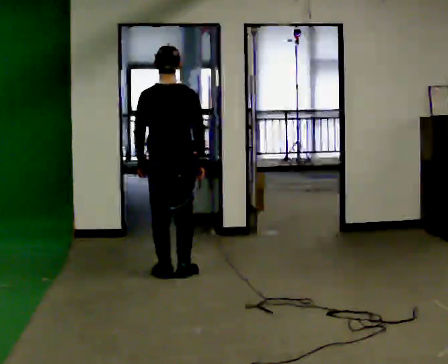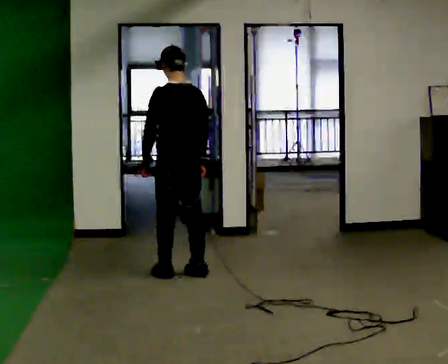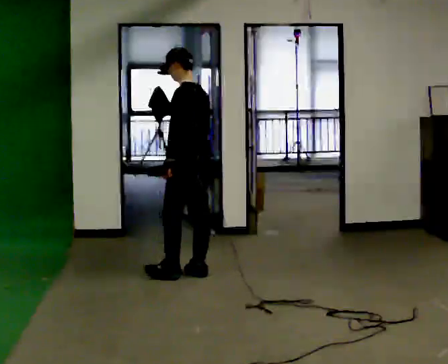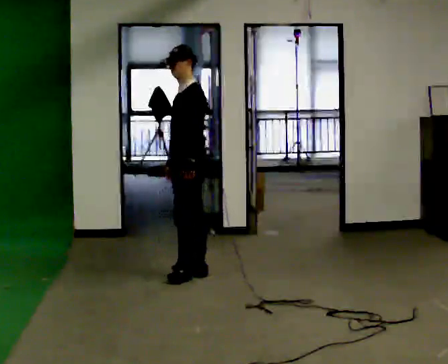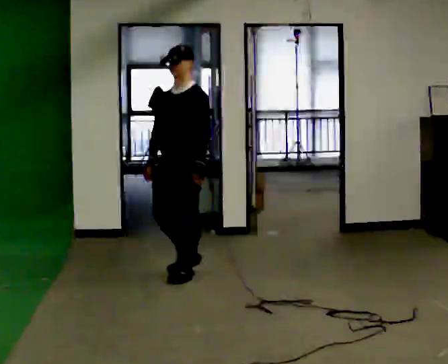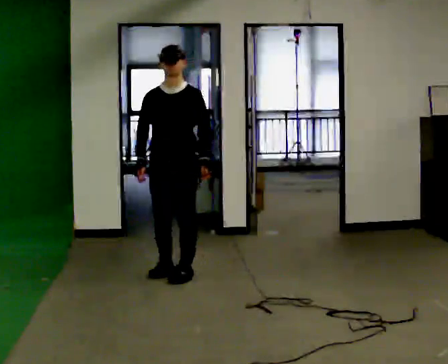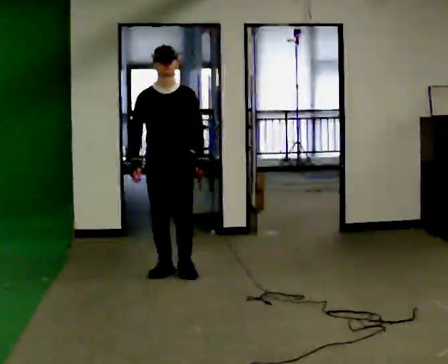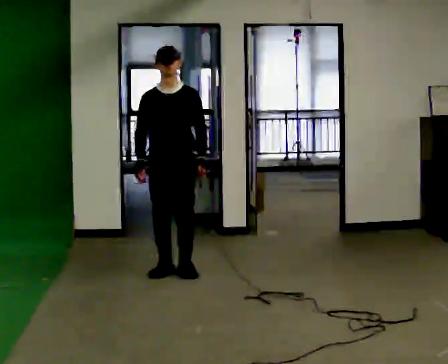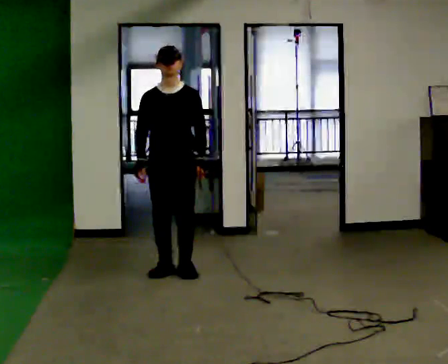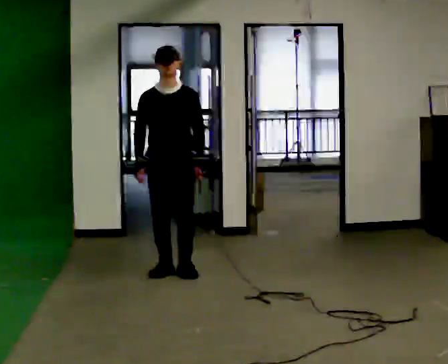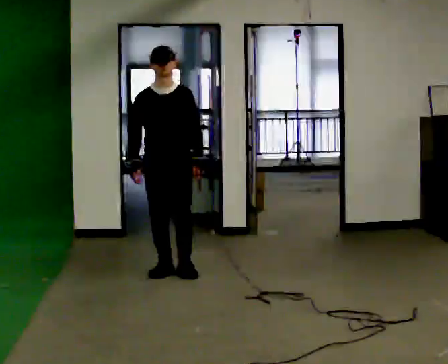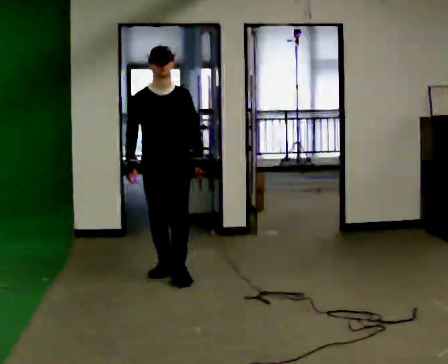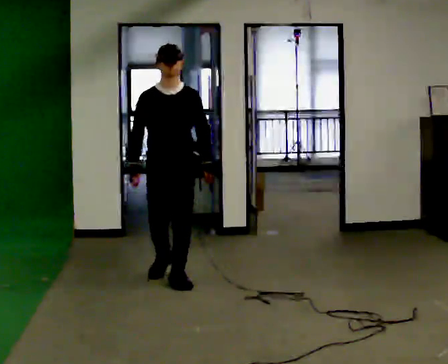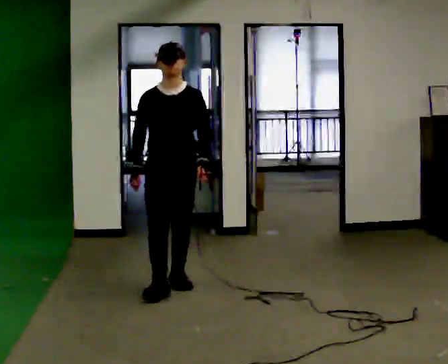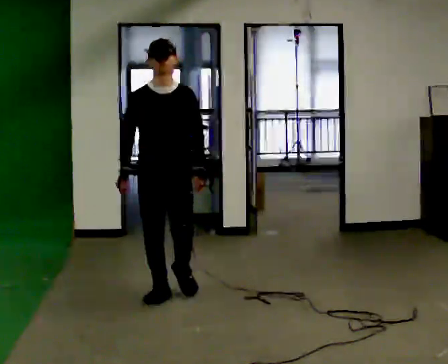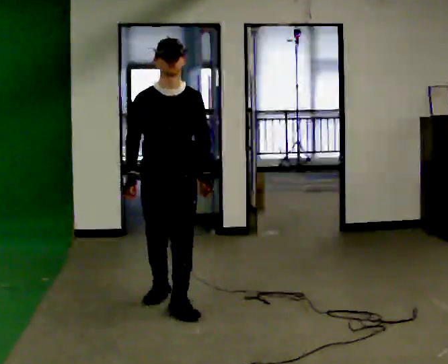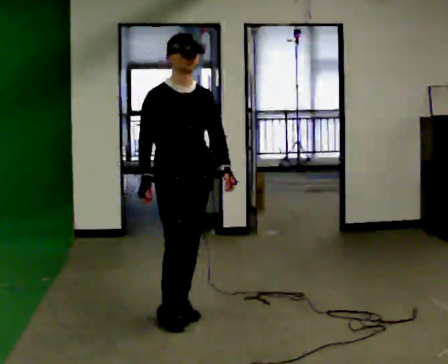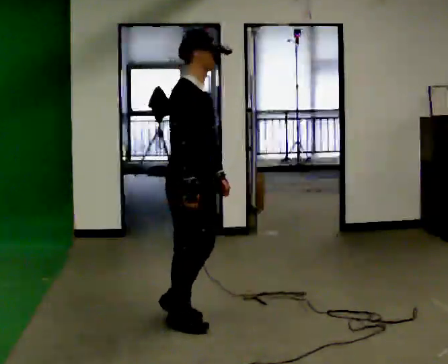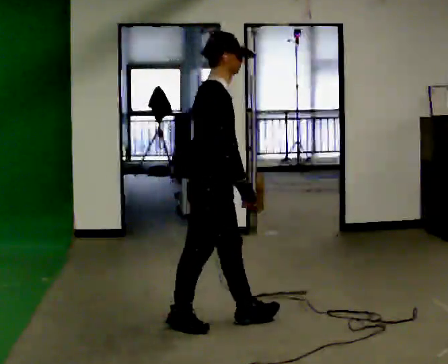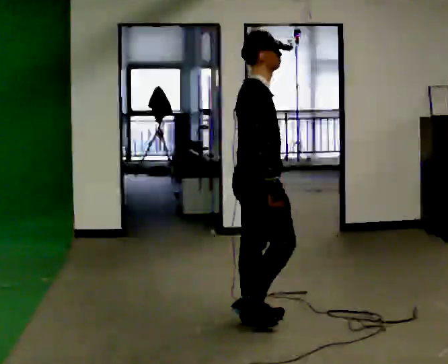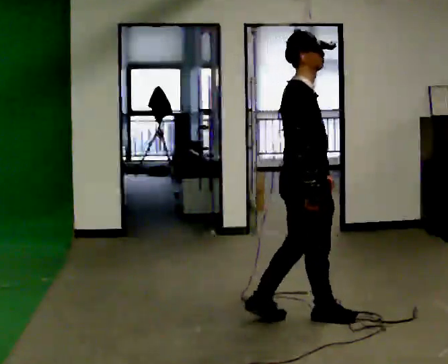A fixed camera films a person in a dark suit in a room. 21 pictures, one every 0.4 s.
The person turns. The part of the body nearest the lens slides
to the right.
The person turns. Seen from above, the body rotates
counterclockwise.
0.0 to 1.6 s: The person turns about 120 degrees to their left, counterclockwise seen from above, so the part of the body nearest the lens slides to the right. In the picture their right hand goes to the left, the arm swinging clockwise.
1.6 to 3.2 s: Seen from above the body turns counterclockwise, about 45 degrees: to their left, with its near side sliding to the right.
3.2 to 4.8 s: In the picture they go toward the camera, about 0.25 m in 1 step, which for them is forward.
4.8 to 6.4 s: The part of the body nearest the lens slides to the right as the person turns to their left by about 30 degrees. In the picture they go toward the camera, about 1 m in 2 steps, which for them is forward.
6.4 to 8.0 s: The person turns about 60 degrees to their left, counterclockwise seen from above, so the part of the body nearest the lens slides to the right. In the picture they go to the right, about 0.5 m in 3 steps.
The film runs forward here.
